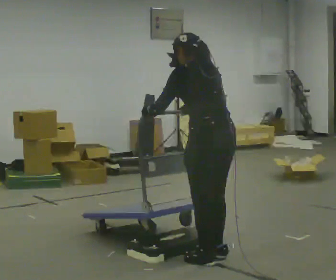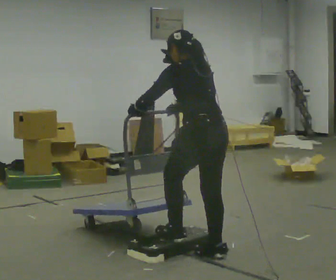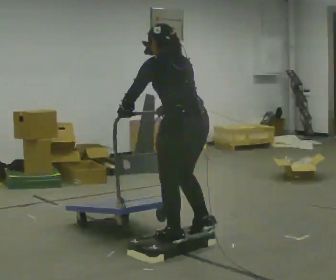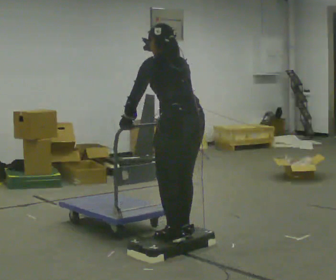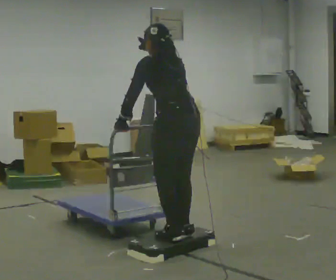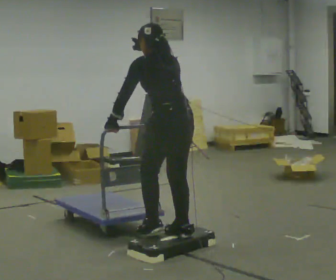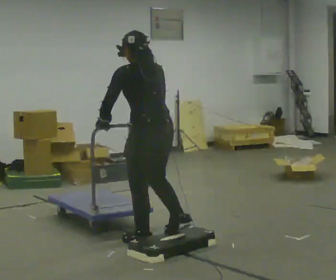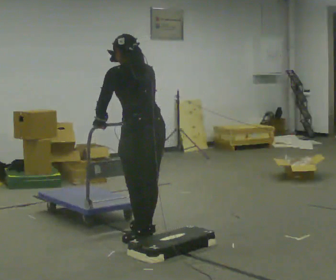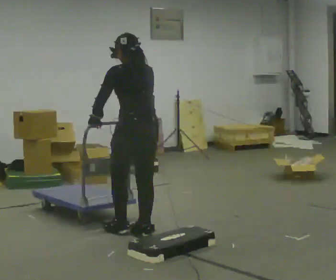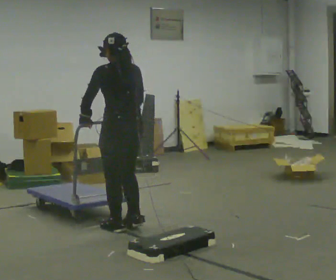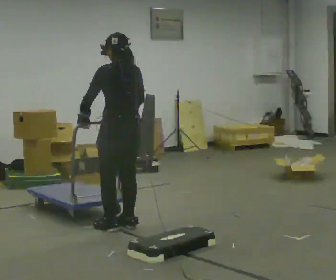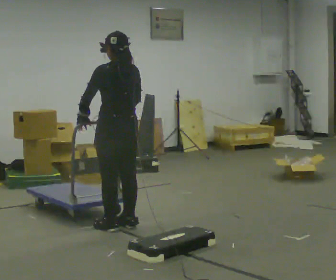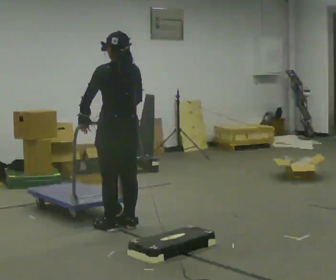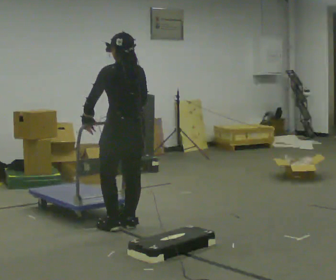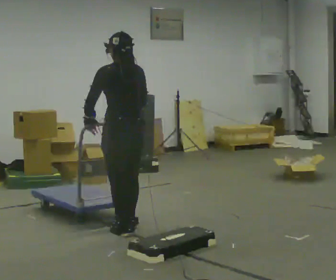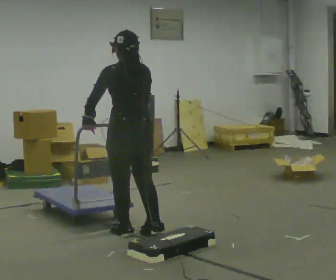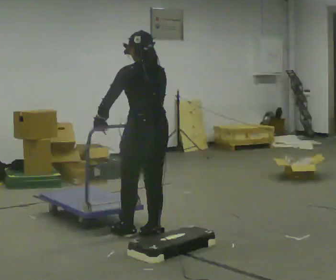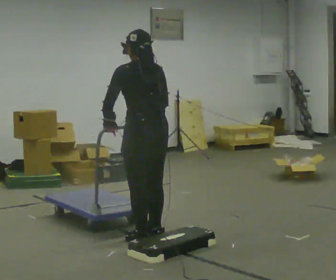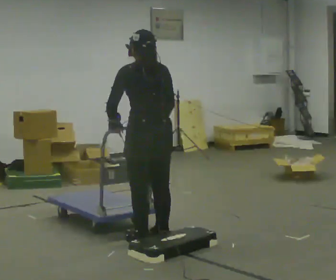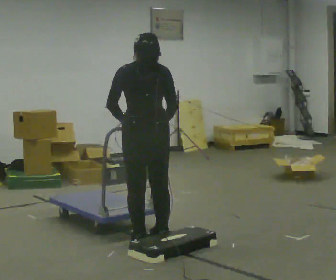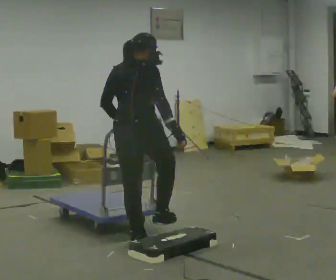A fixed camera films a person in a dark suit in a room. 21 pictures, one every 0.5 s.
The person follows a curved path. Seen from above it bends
counterclockwise.
0.0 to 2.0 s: In the picture they go away from the camera and to the left, about 0.5 m in 2 steps, which for them is forward.
2.0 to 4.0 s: In the picture they go away from the camera and to the left, about 0.5 m in 2 steps, which for them is forward.
4.0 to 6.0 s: In the picture they go away from the camera, about 0.25 m in 2 steps, which for them is forward.
6.0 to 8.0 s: In the picture they go toward the camera and to the right, about 0.25 m in 1 step, which for them is backward.
8.0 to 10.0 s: The person turns about 60 degrees to their right, clockwise seen from above, so the part of the body nearest the lens slides to the left. In the picture they go toward the camera, about 0.25 m in 1 step.
The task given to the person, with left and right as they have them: Push the cart up over the low platform edge and down the other side, then bring it back over.
The film runs forward here.
